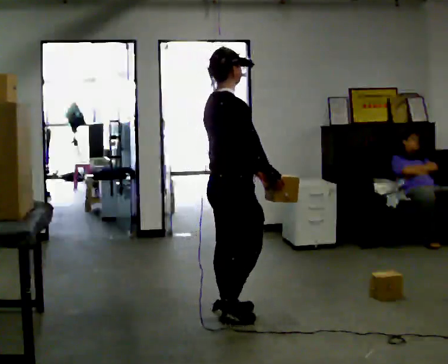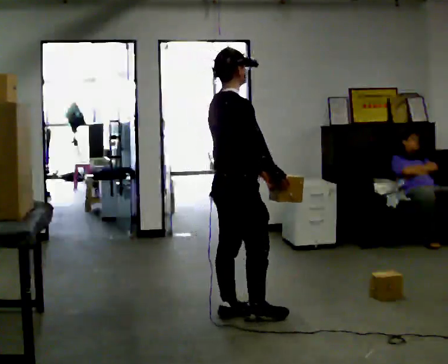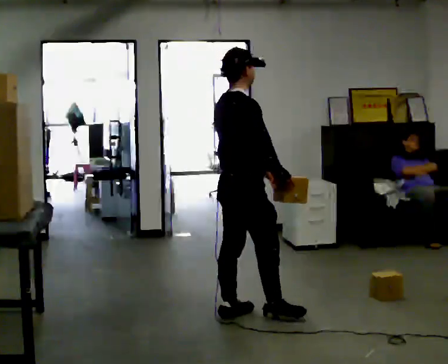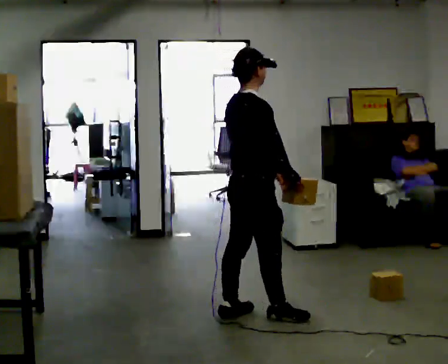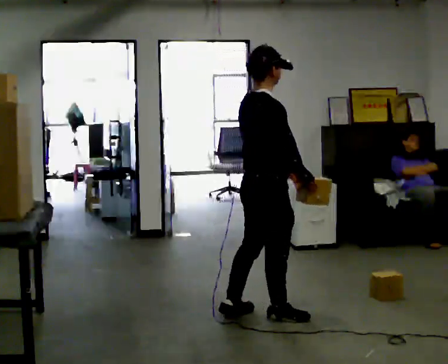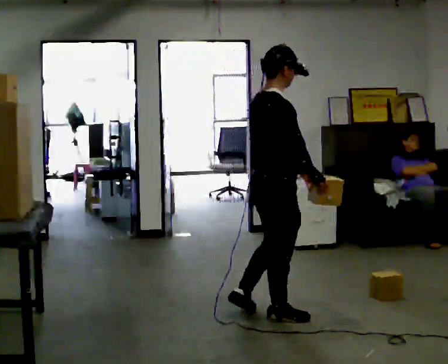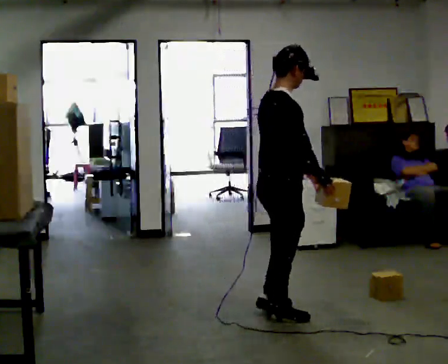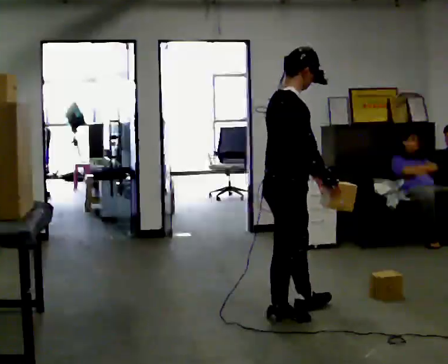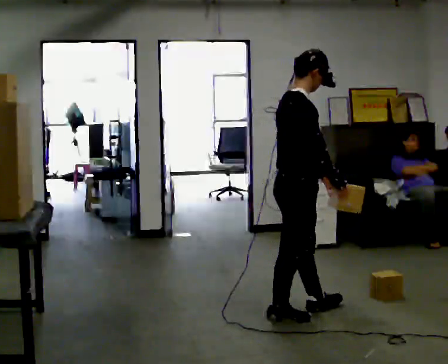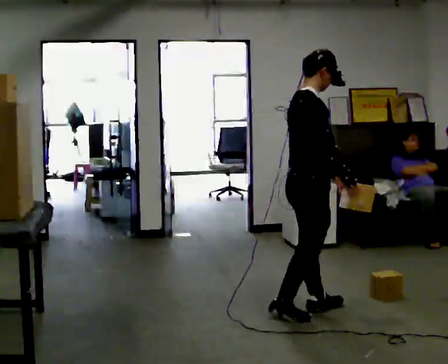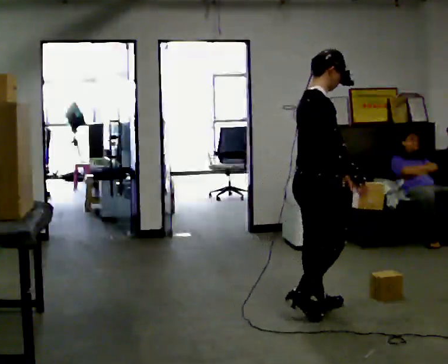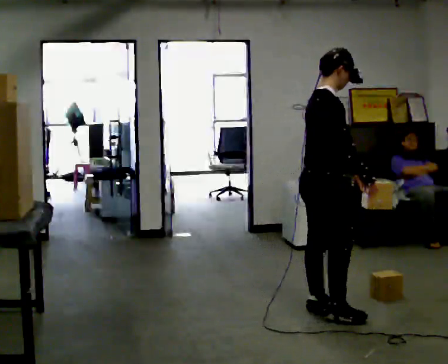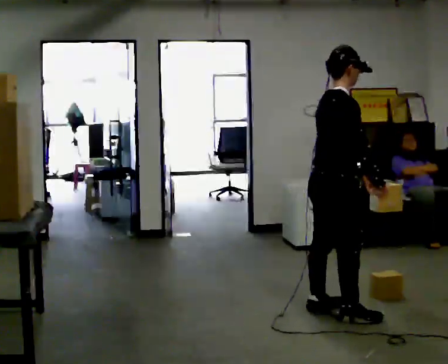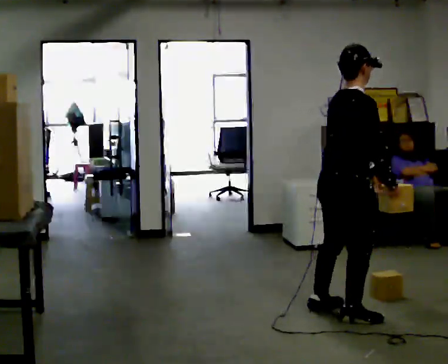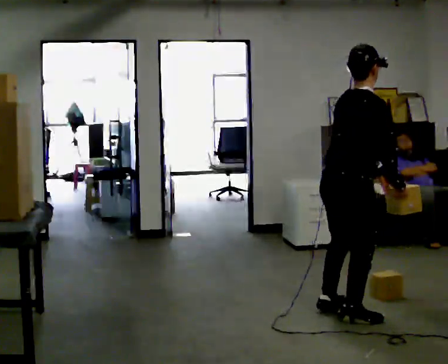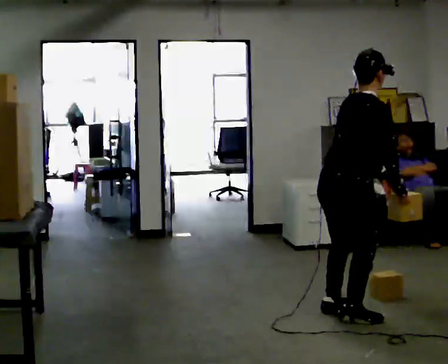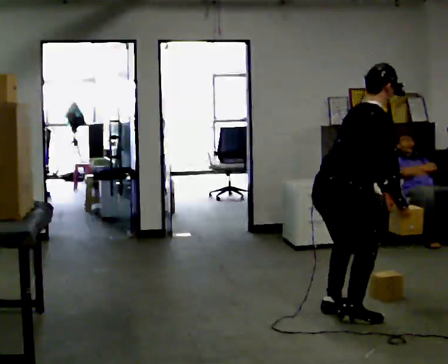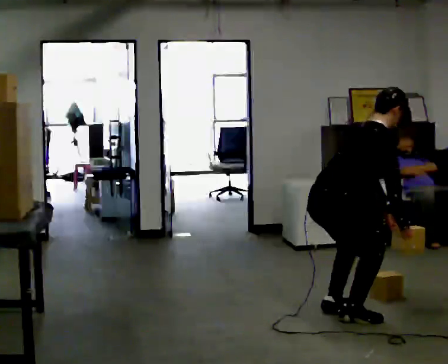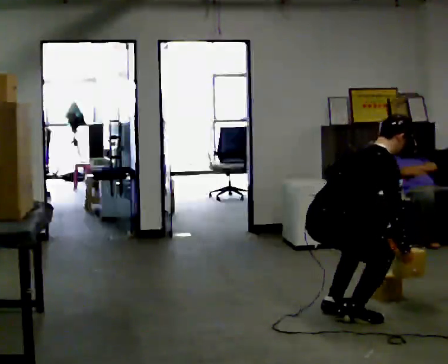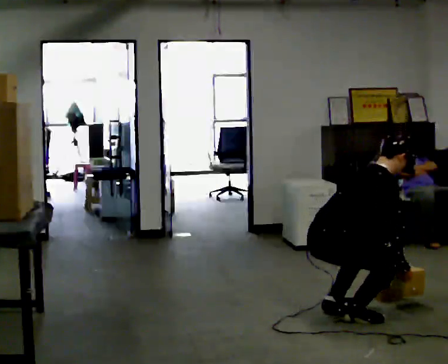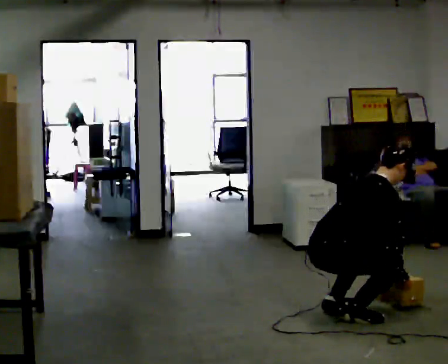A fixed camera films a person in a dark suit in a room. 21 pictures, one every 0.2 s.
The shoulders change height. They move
downward.
Their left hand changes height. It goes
downward.
0.0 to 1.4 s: In the picture they go to the right, about 0.25 m in 1 step, which for them is forward and to their right.
1.4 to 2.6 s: In the picture they go to the right, about 0.25 m in 2 steps, which for them is forward.
2.6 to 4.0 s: The upper body goes downward. In the picture the upper body tilts clockwise, shoulders to the right, as they bend forward. In the picture their right hand goes downward.
The film runs forward here.
